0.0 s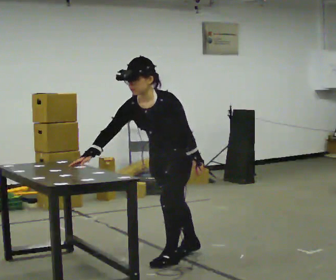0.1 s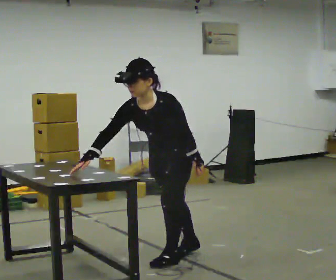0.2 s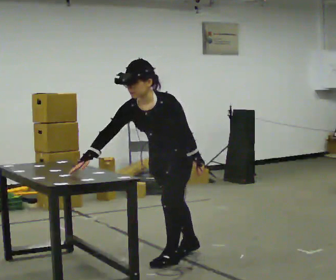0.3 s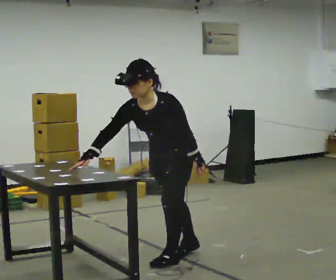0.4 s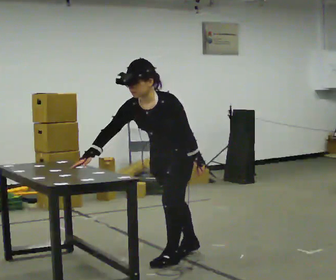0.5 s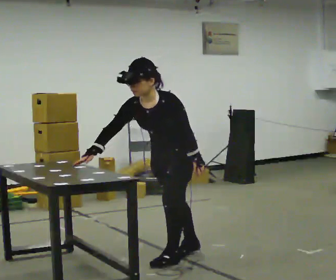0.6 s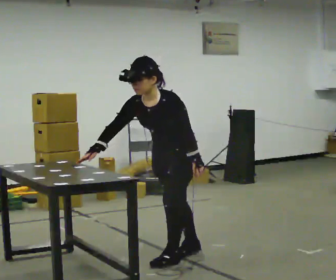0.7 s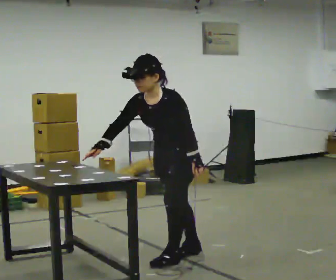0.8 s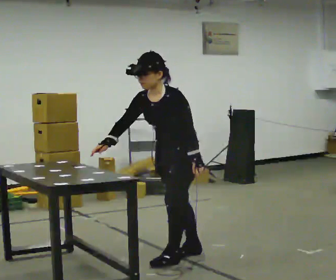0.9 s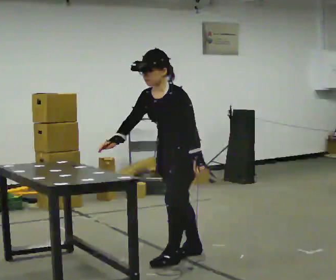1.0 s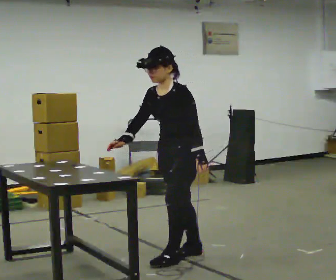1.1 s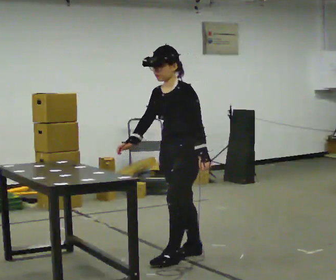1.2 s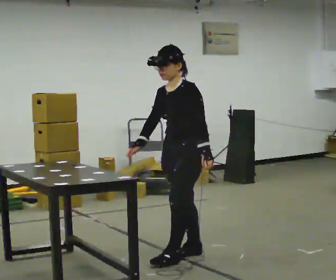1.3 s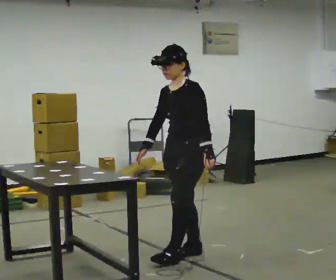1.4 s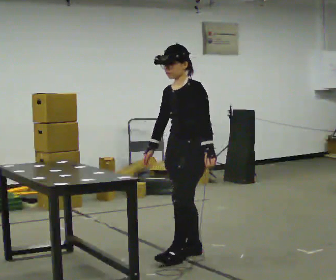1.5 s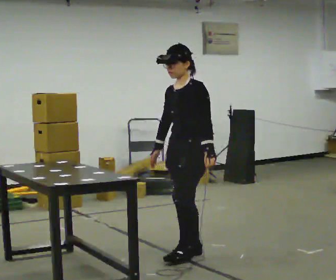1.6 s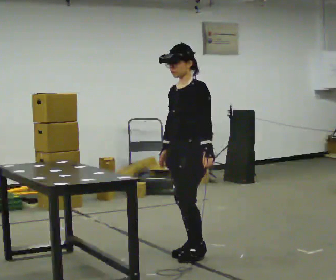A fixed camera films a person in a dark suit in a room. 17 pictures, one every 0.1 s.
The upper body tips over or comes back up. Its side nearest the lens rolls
upward.
0.0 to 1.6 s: In the picture they go away from the camera, about 0.25 m in 1 step, which for them is backward. The upper body tips away from the camera, its near side rolling upward, as they lean back or straighten. In the picture their right hand goes to the right.
The film runs backward here.
